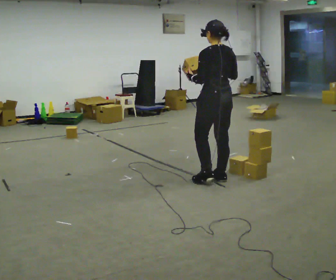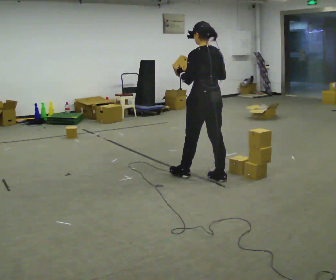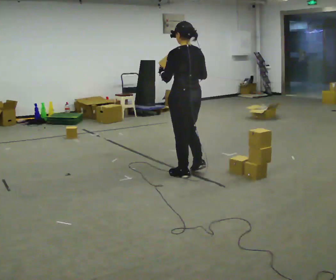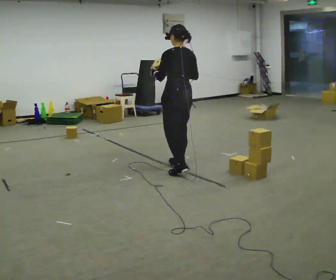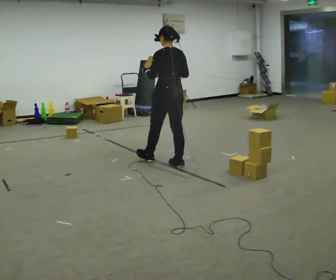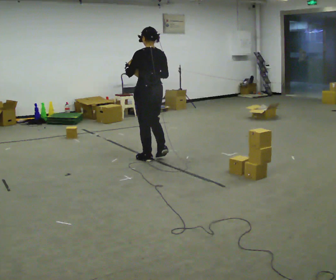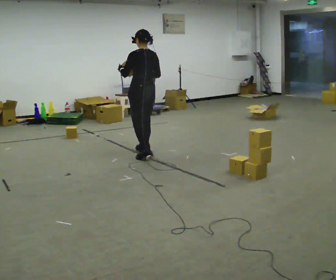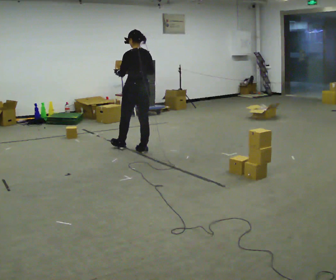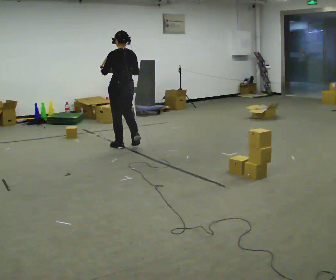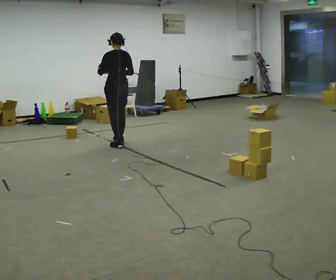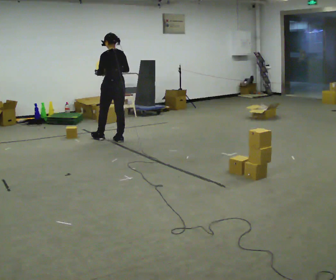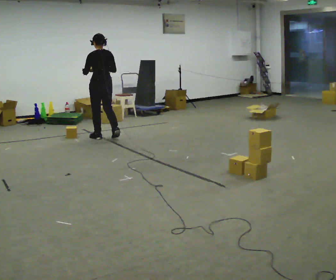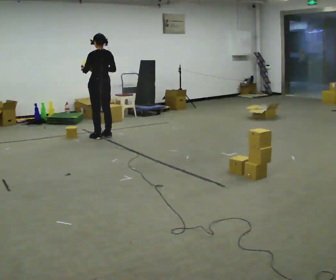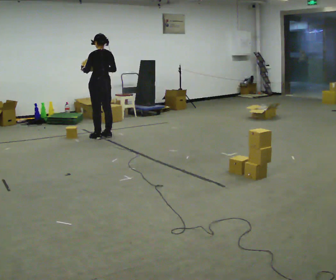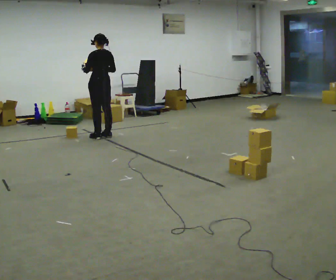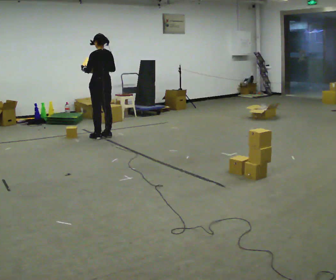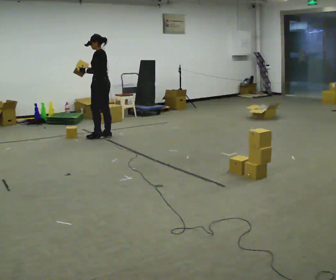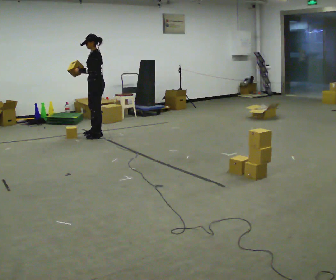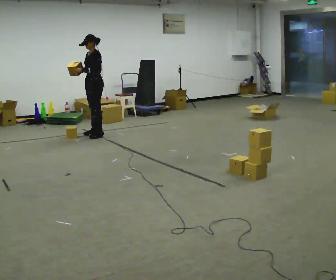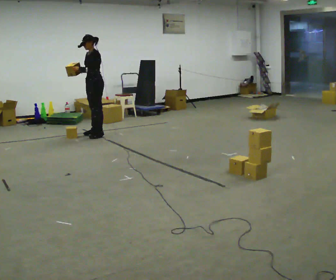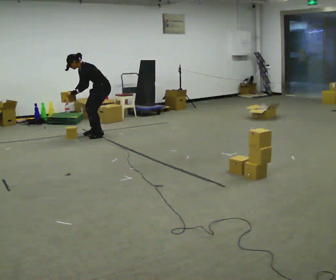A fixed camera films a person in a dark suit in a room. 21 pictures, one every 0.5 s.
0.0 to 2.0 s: In the picture they go away from the camera and to the left, about 1 m in 3 steps, which for them is forward.
2.0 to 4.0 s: In the picture they go away from the camera and to the left, about 1 m in 2 steps, which for them is forward.
4.0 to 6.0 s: In the picture they go away from the camera and to the left, about 0.5 m in 3 steps, which for them is forward.
6.0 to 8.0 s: Seen from above the body turns counterclockwise, about 45 degrees: to their left, with its near side sliding to the right.
8.0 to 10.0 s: The person turns about 30 degrees to their left, counterclockwise seen from above, so the part of the body nearest the lens slides to the right. In the picture they go away from the camera, about 0.25 m in 1 step, which for them is to their right. The shoulders move downward. In the picture the upper body tilts counterclockwise, shoulders to the left, as they bend forward. In the picture their left hand goes downward.
The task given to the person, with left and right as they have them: Carry the box and, while you are still walking, turn it so you can read the label, read it out loud, then carry on. Repeat with the next box. Do not stop to read it.
The film runs forward here.
